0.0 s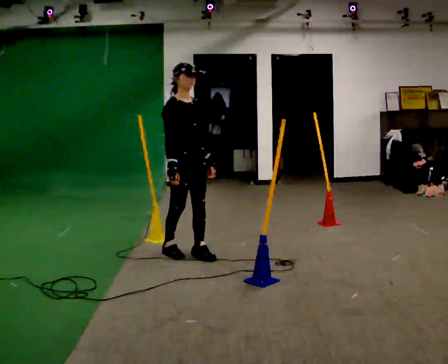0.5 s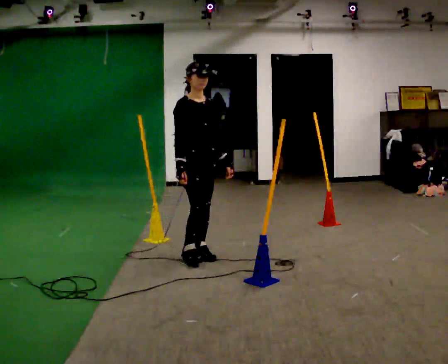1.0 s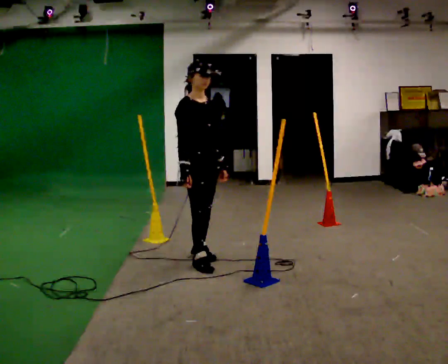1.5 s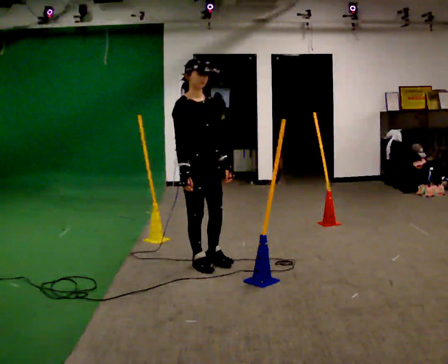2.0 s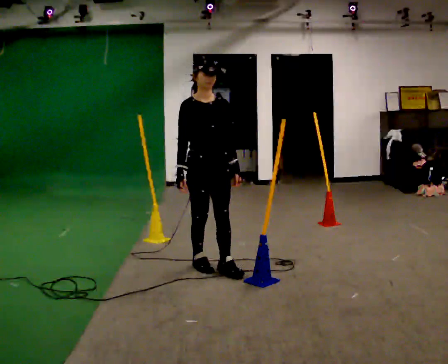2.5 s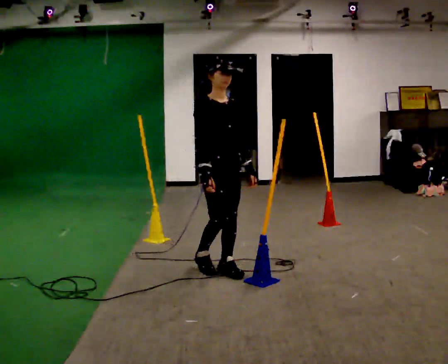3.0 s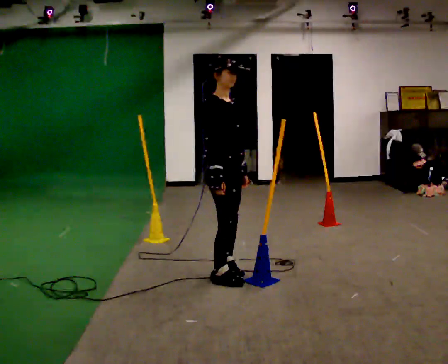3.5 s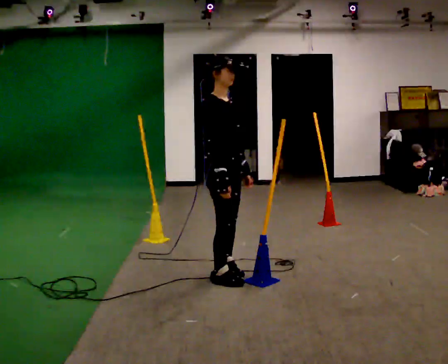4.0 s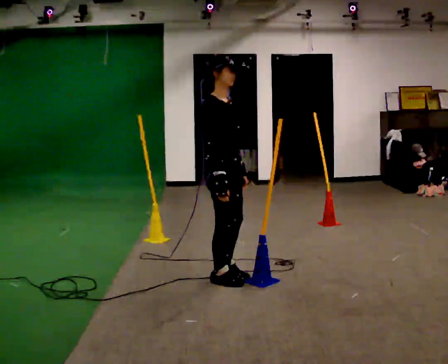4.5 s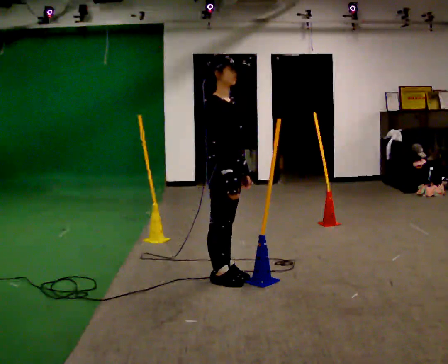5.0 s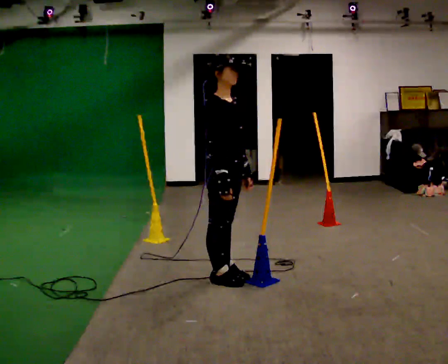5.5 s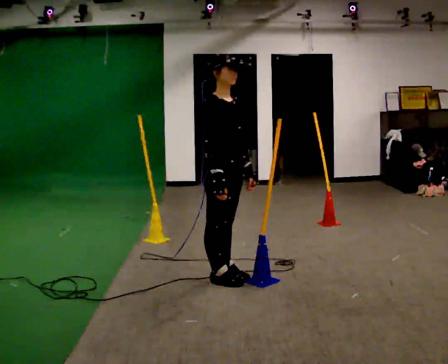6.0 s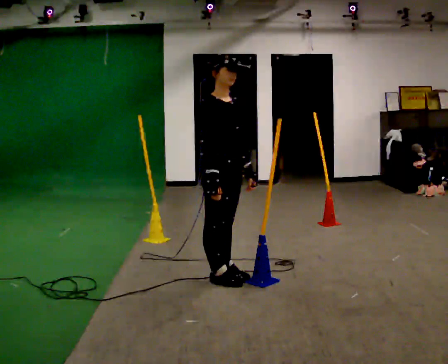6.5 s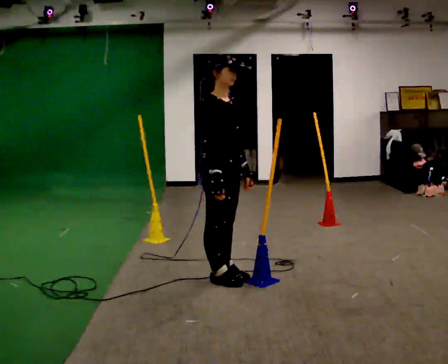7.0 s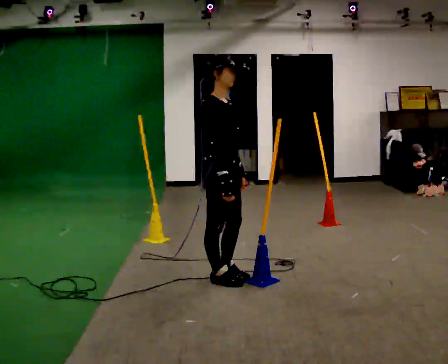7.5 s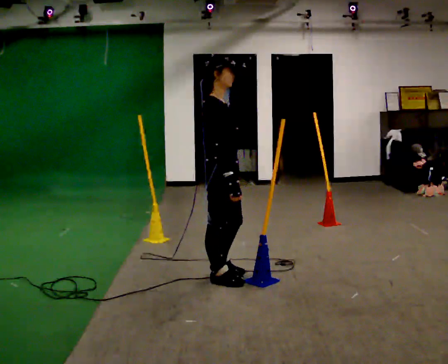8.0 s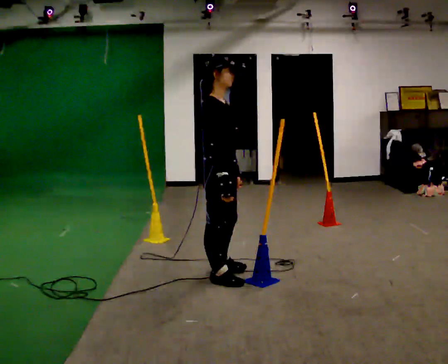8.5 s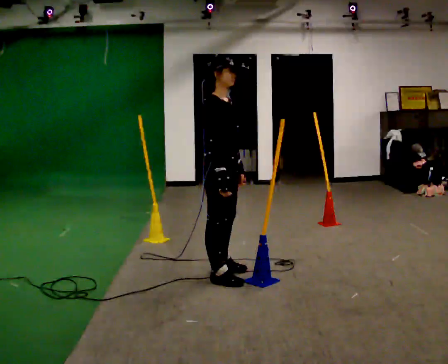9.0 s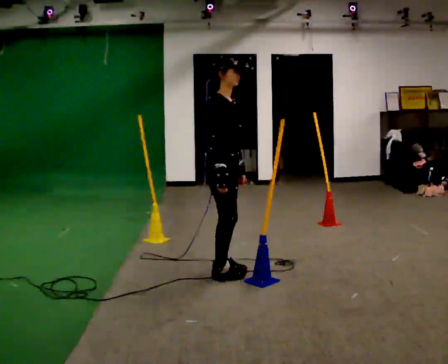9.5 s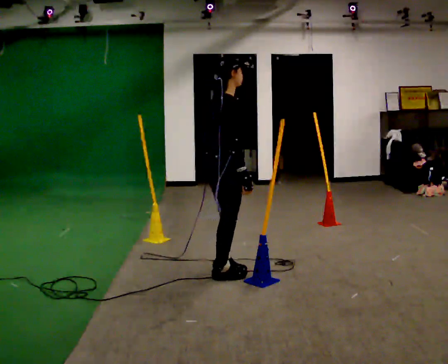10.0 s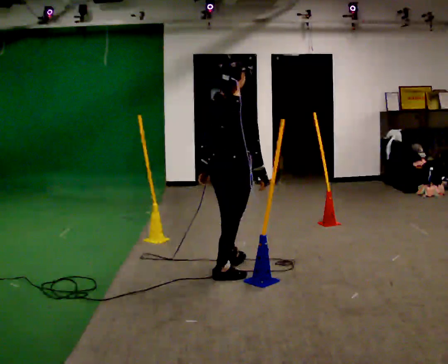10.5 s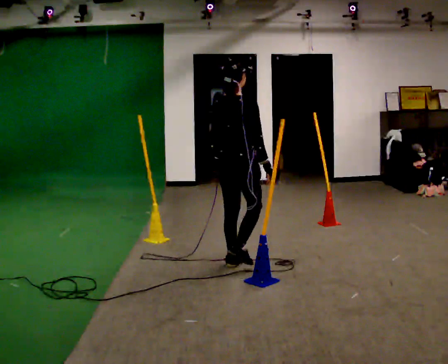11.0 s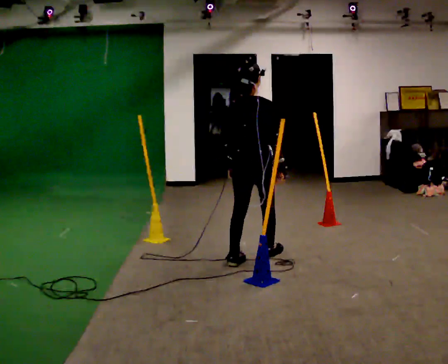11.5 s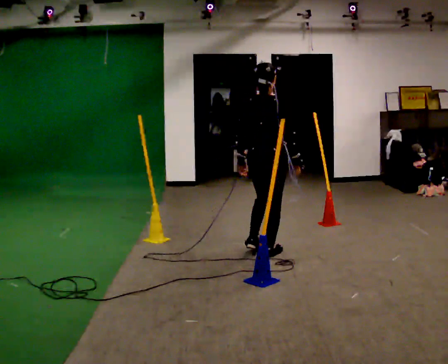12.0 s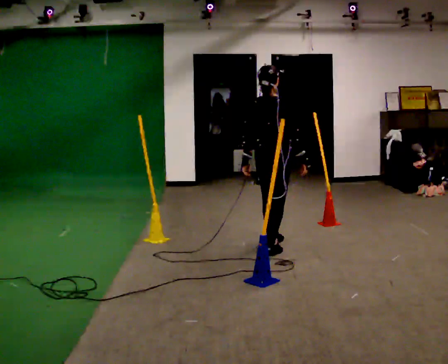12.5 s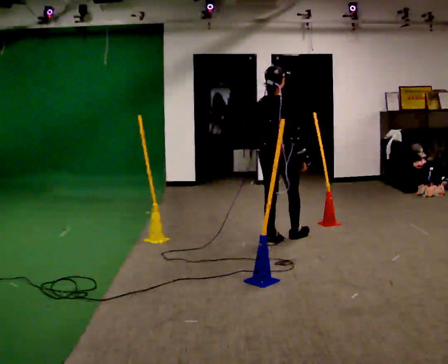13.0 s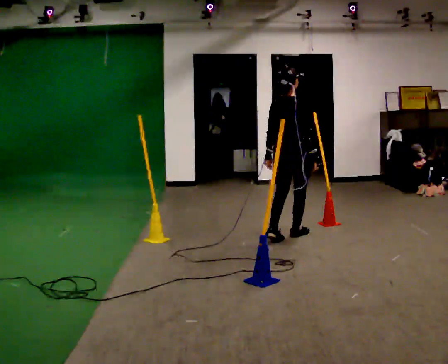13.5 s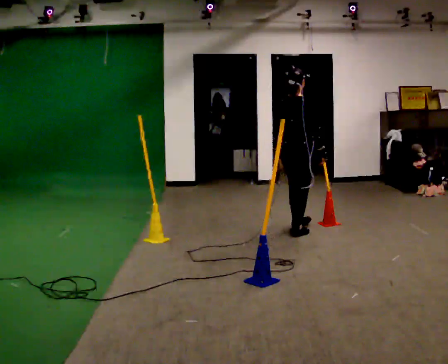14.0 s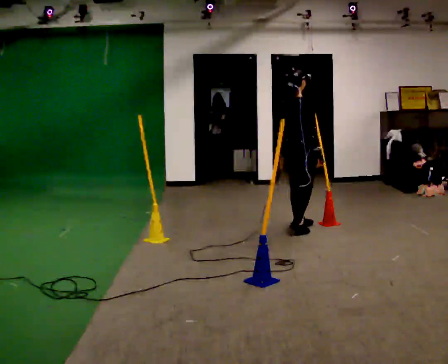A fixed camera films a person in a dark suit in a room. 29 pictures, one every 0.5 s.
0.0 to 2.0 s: In the picture they go toward the camera and to the right, about 0.5 m in 2 steps, which for them is forward.
2.0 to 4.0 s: Seen from above the body turns counterclockwise, about 45 degrees: to their left, with its near side sliding to the right. In the picture they go toward the camera, about 0.25 m in 1 step, which for them is forward and to their right.
4.0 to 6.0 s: The person moves a little, or ends about where they began.
6.0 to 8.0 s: Seen from above the body turns counterclockwise, about 30 degrees: to their left, with its near side sliding to the right.
8.0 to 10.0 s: The part of the body nearest the lens slides to the right as the person turns to their left by about 60 degrees. In the picture they go away from the camera, about 0.25 m in 1 step.
10.0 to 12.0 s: In the picture they go away from the camera and to the right, about 1 m in 2 steps, which for them is forward.
12.0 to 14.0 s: In the picture they go away from the camera and to the right, about 0.75 m in 2 steps, which for them is forward.
The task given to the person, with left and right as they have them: Start at marker; visit targets in order; choose natural paths; avoid obstacles; stop at final target.
The film runs forward here.
